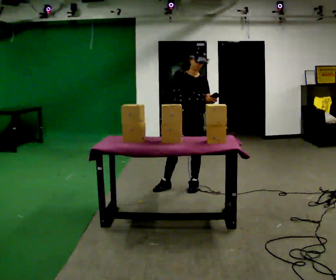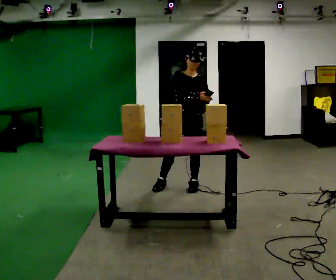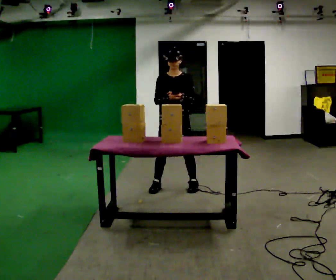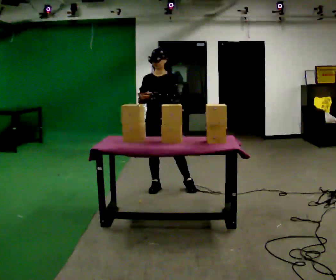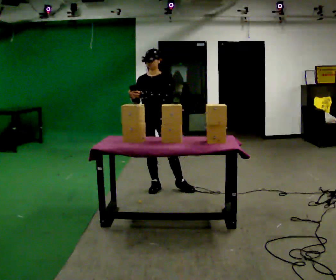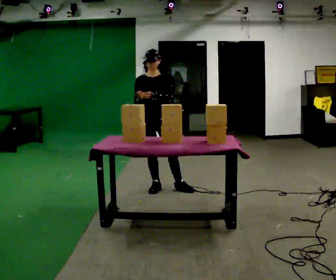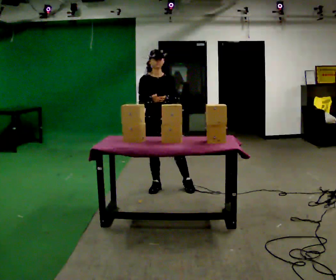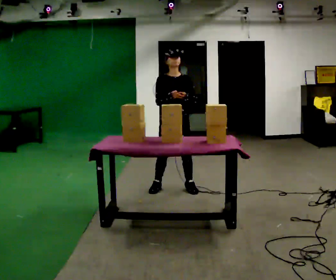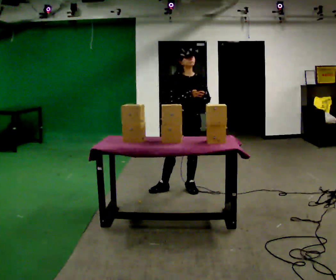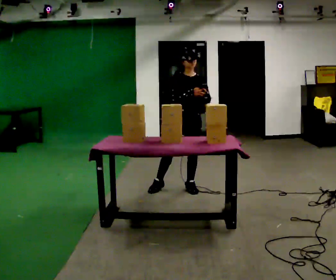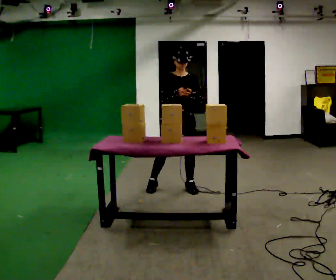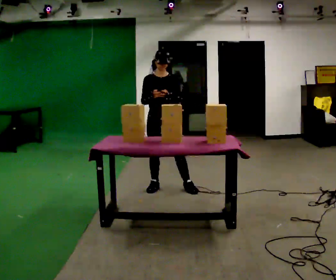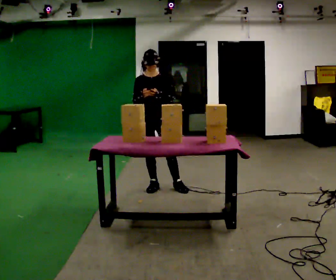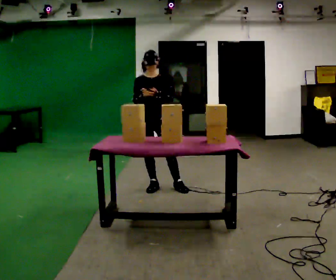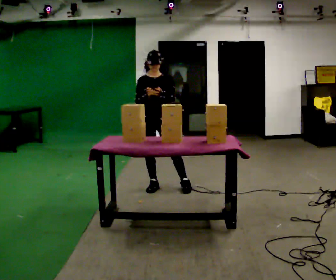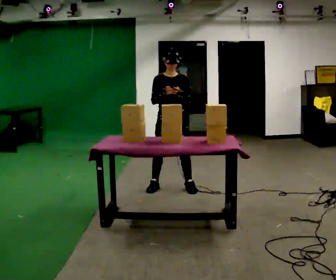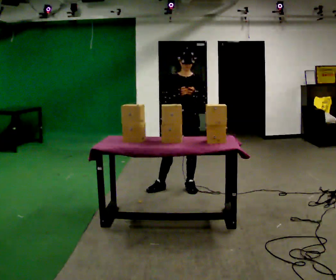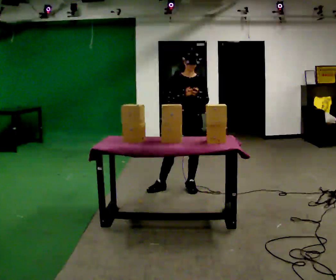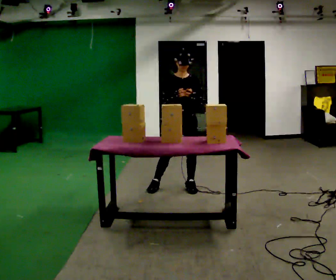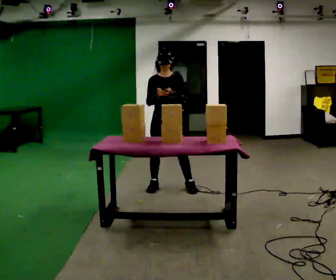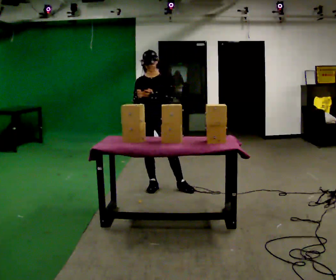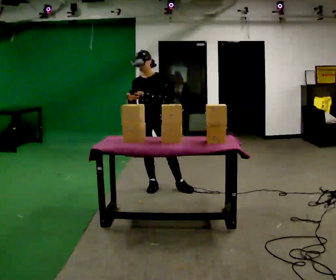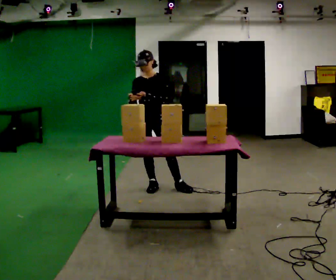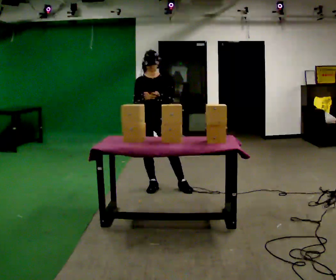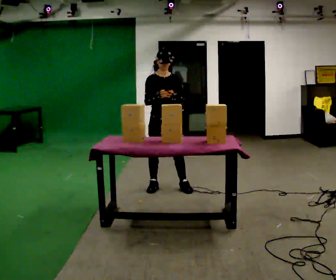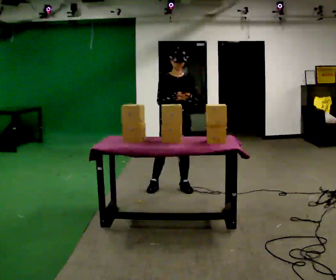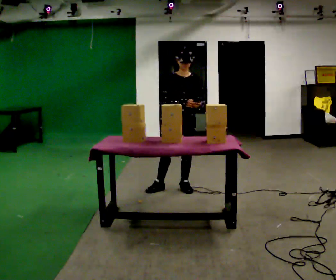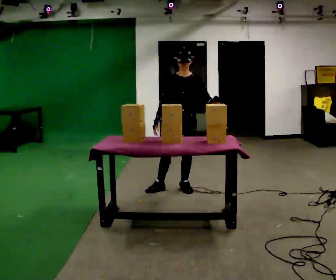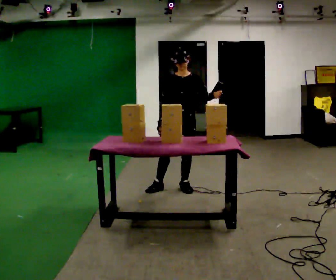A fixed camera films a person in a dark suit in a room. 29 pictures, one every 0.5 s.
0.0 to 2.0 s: In the picture they go to the left, about 0.5 m, which for them is to their right and forward.
2.0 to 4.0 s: In the picture they go to the right, about 0.25 m, which for them is to their left.
4.0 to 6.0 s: In the picture they go to the left, about 0.25 m, which for them is to their right.
6.0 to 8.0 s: In the picture they go to the right, about 0.25 m, which for them is to their left.
8.0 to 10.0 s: In the picture they go to the left, about 0.25 m, which for them is to their right.
10.0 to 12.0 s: The person moves a little, or ends about where they began.
12.0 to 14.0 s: In the picture they go to the right, about 0.25 m, which for them is to their left.
The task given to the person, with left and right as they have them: Carry the handheld device and, while walking, point it at the labels on the shelves and press the button as if scanning them.
The film runs forward here.
